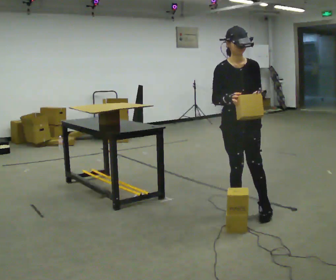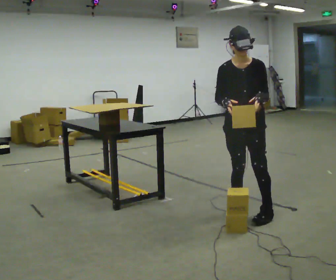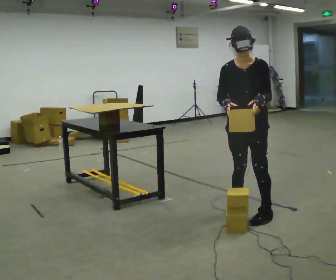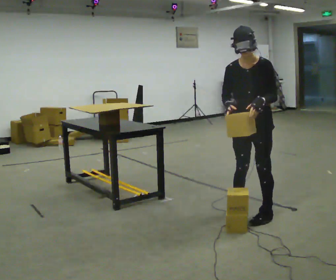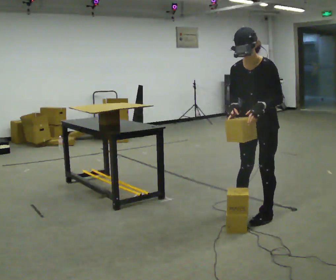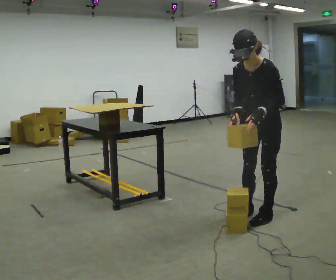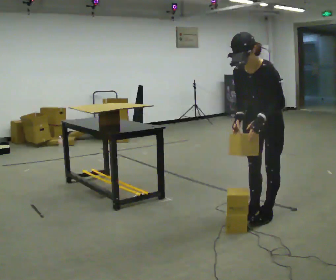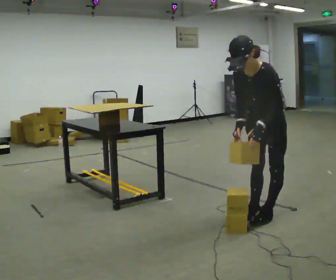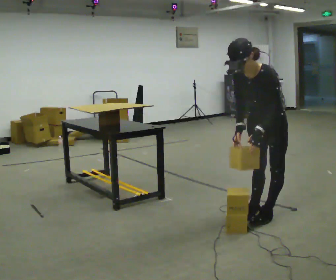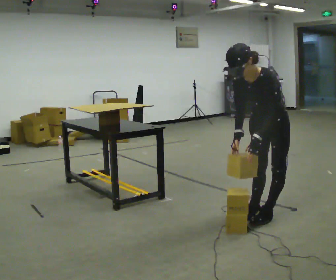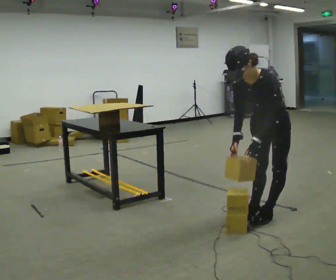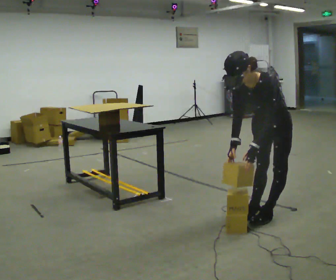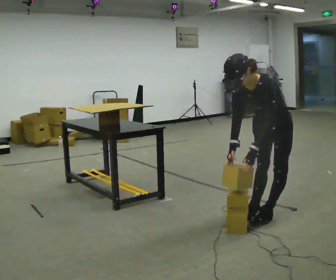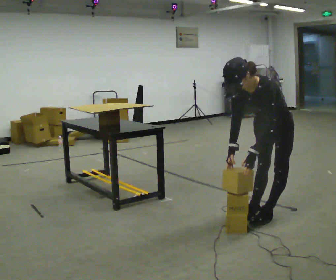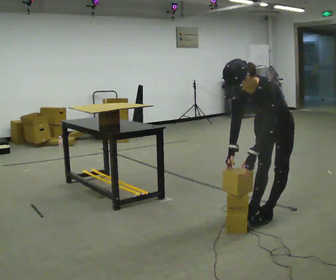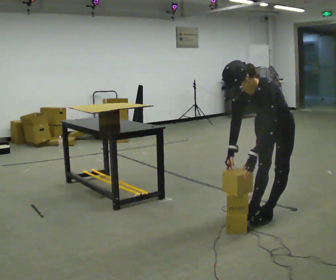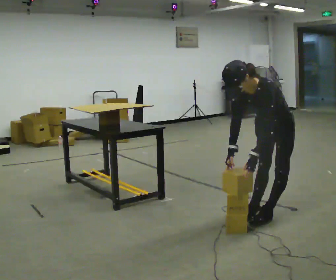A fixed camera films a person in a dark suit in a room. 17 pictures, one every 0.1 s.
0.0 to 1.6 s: The part of the body nearest the lens slides to the left as the person turns to their right by about 60 degrees. In the picture they go to the right, about 0.25 m in 2 steps, which for them is to their left and backward. The upper body goes downward. The upper body tips toward the camera, its near side rolling downward, as they bend forward. In the picture their left hand goes downward.
The film runs forward here.
